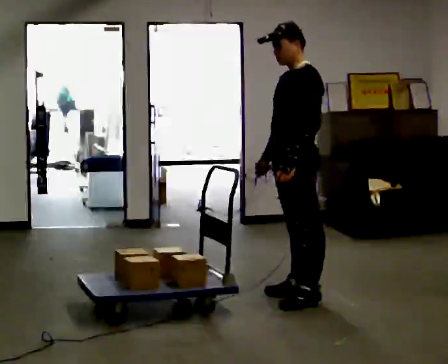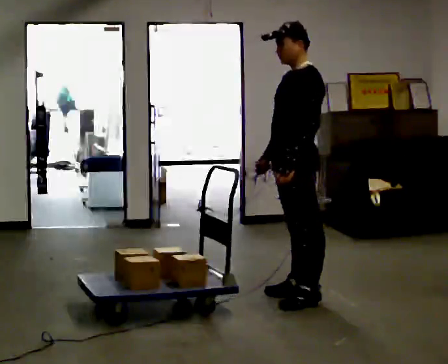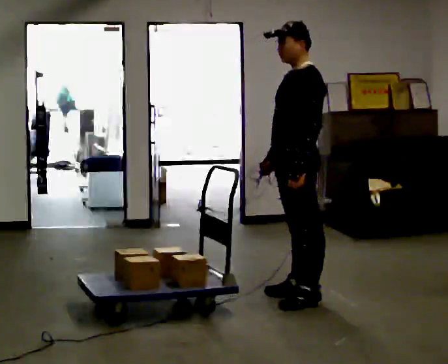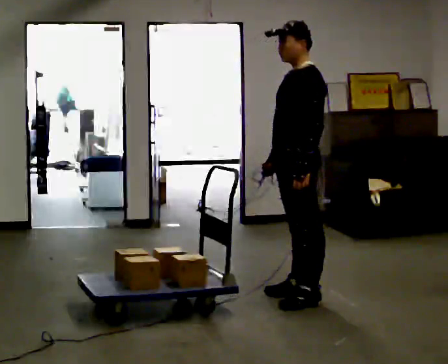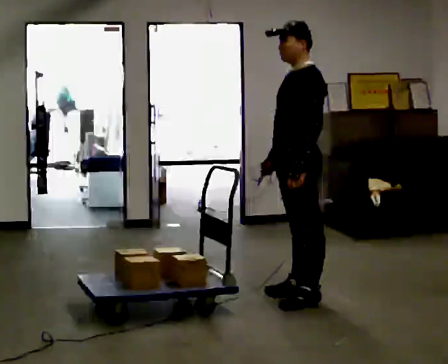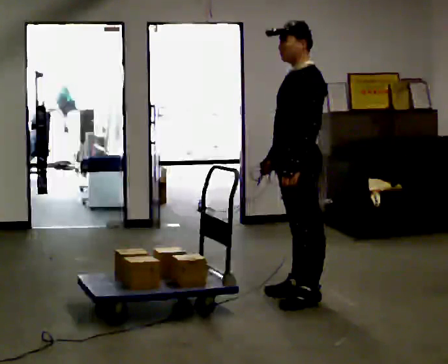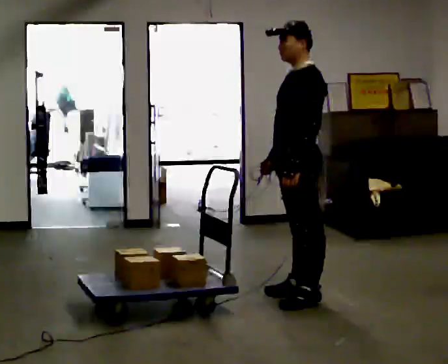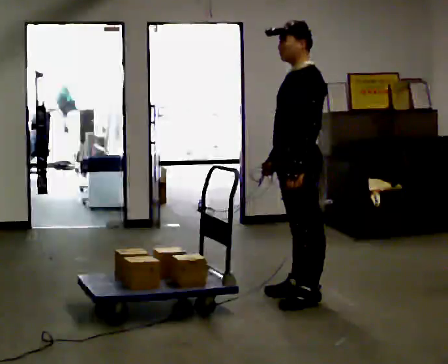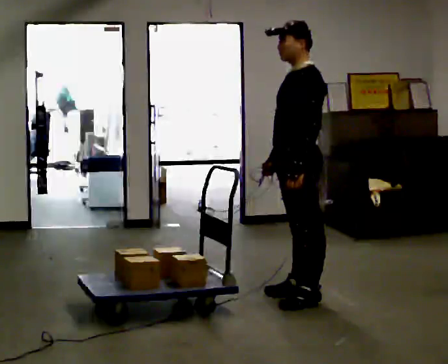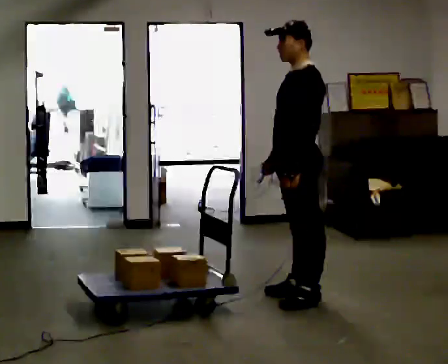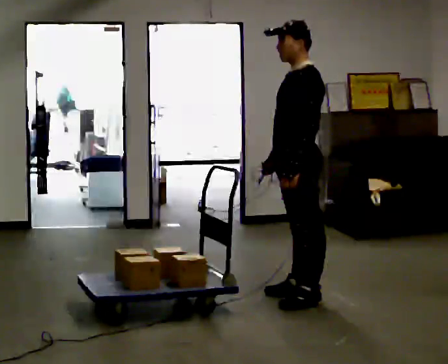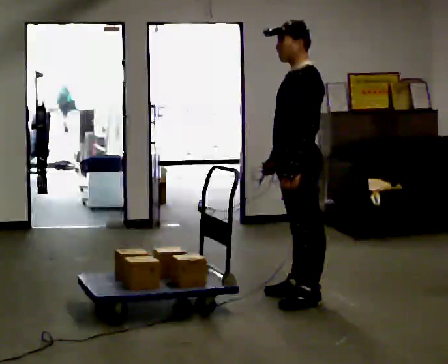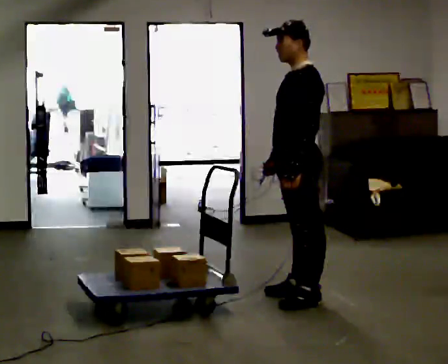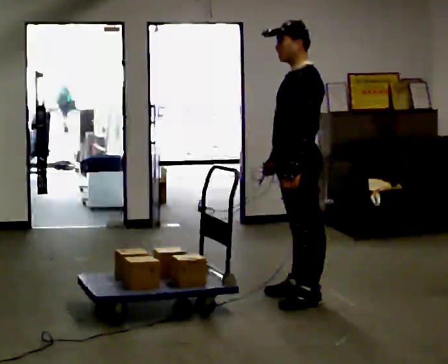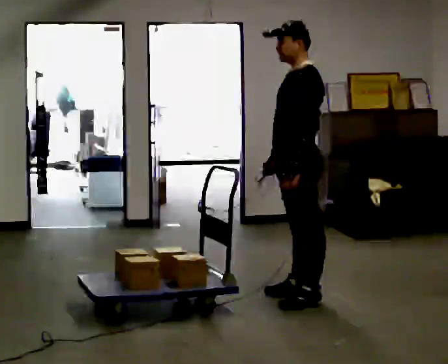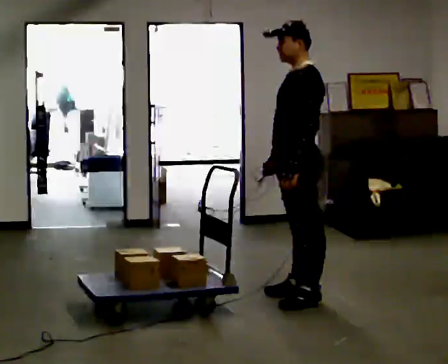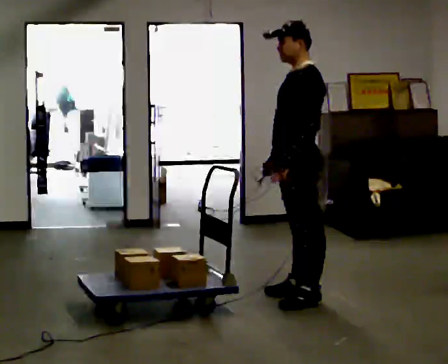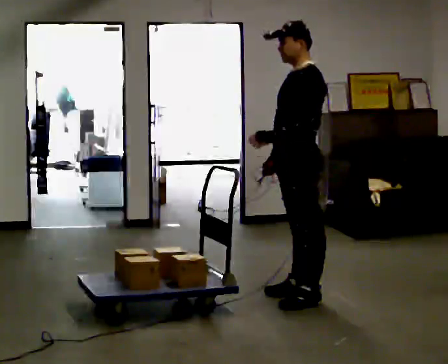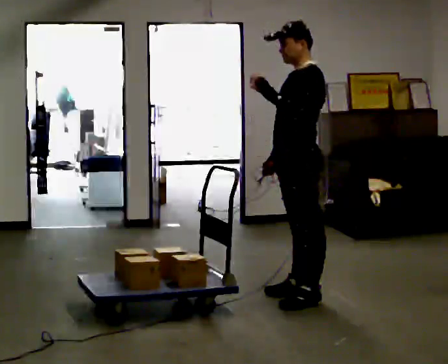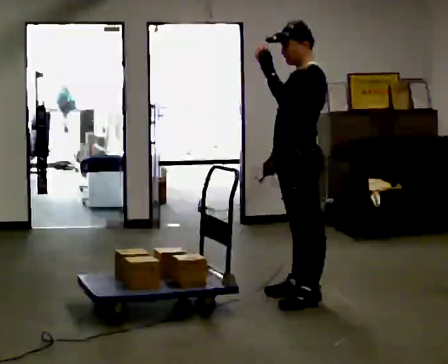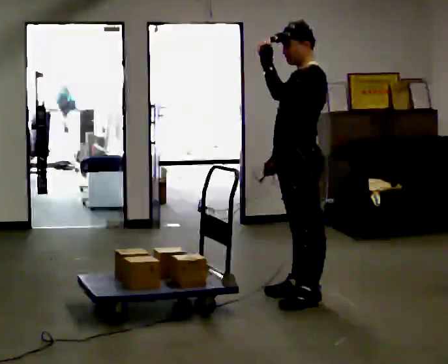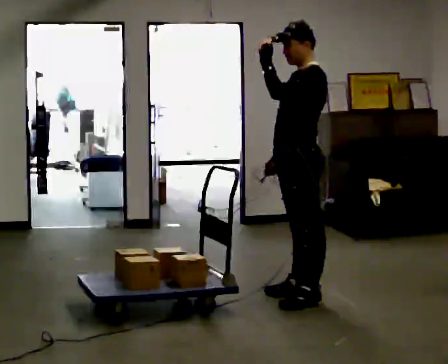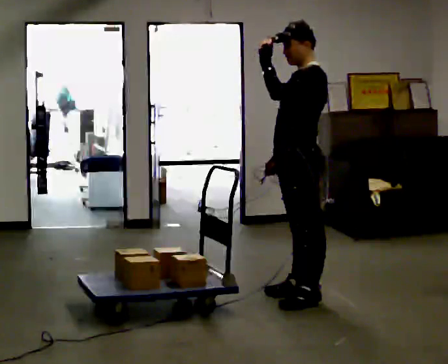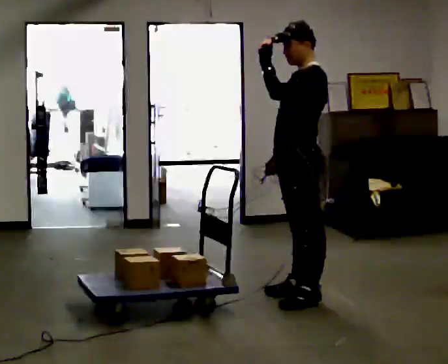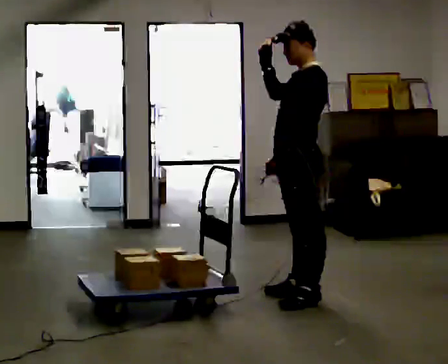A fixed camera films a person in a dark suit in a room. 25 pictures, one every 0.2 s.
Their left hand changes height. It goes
upward.
0.0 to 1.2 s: The person moves a little, or ends about where they began.
1.2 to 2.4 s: The person keeps their place and pose.
2.4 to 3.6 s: In the picture their left hand goes upward.
3.6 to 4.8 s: The person moves a little, or ends about where they began.
The film runs forward here.
